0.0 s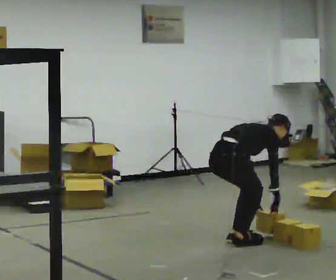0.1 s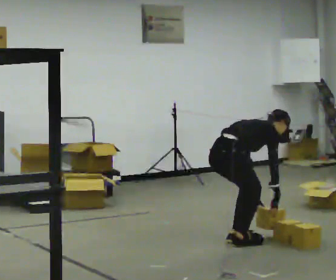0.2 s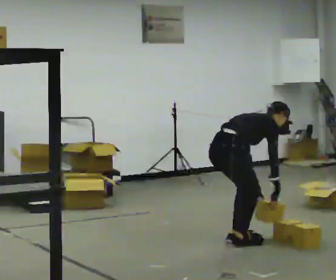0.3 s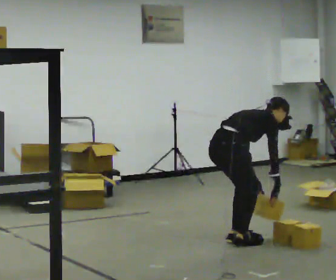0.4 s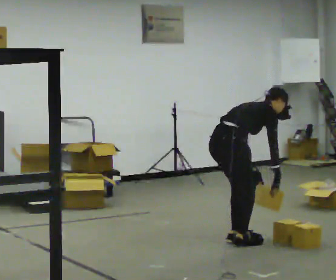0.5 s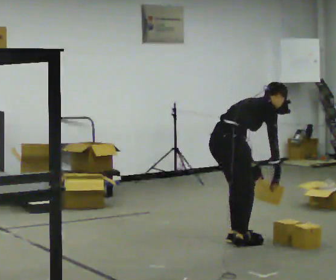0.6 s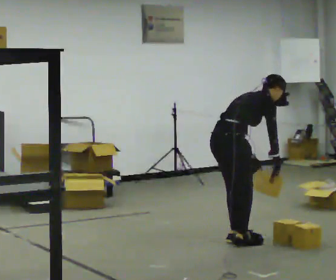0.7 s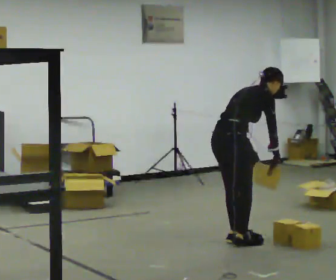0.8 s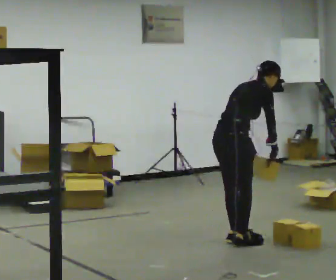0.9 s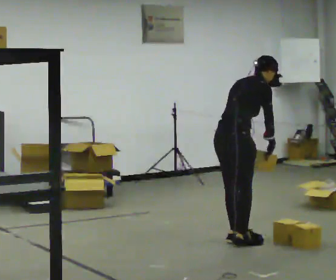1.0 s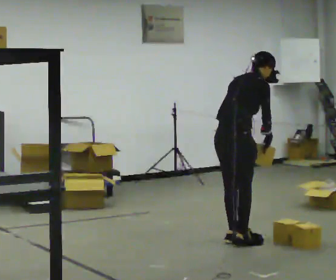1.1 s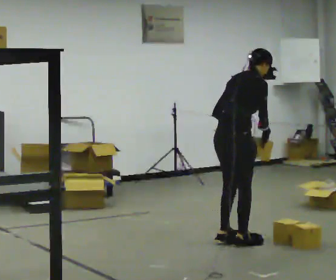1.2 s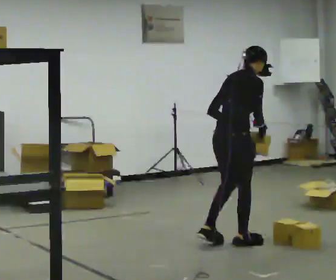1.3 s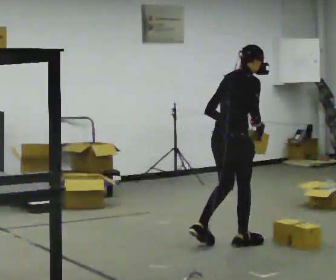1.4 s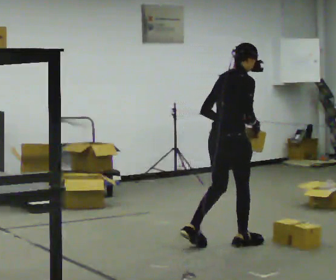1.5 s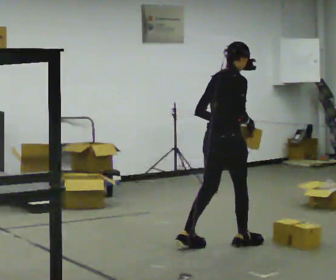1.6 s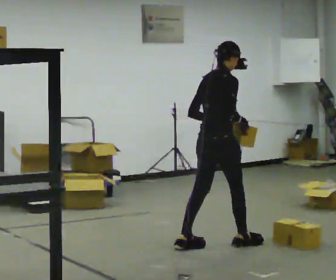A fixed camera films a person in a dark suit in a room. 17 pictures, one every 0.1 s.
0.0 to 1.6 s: The upper body goes upward. In the picture the upper body tilts counterclockwise, shoulders to the left, as they lean back or straighten. In the picture their left hand goes upward and to the left.
The film runs backward here.
